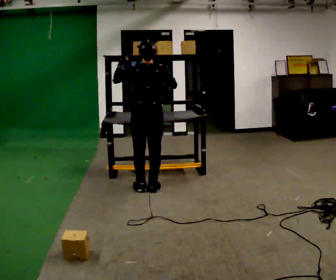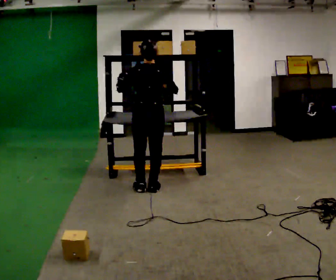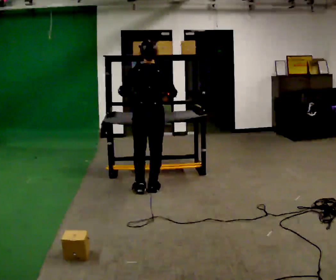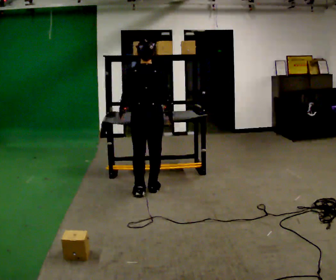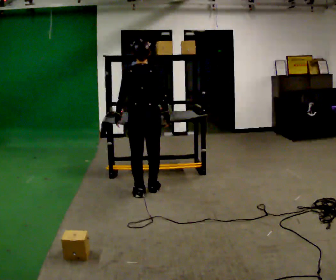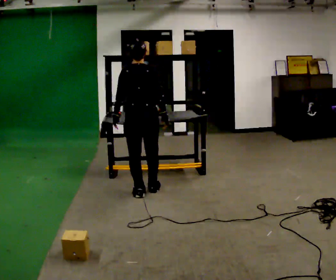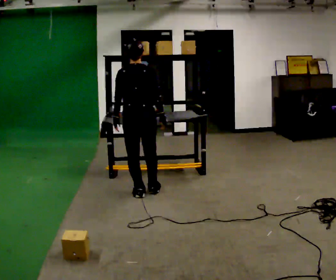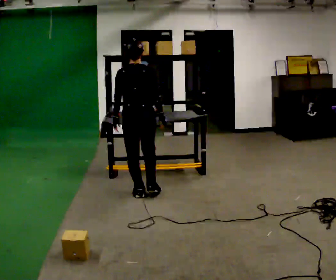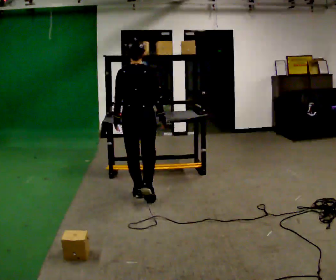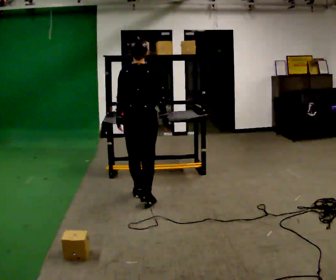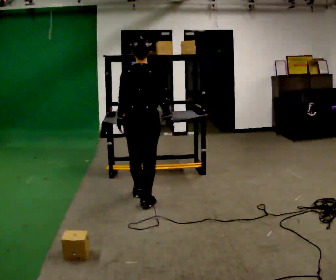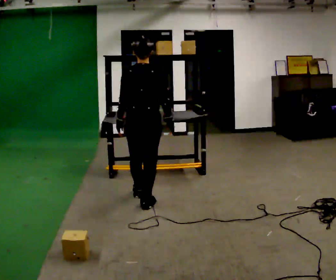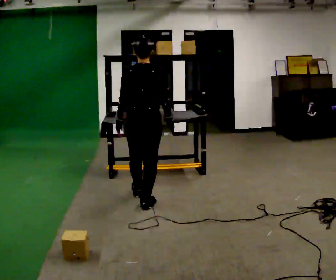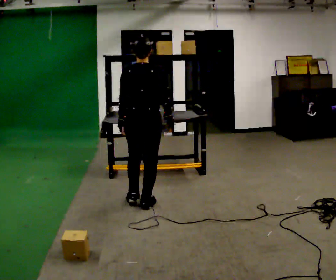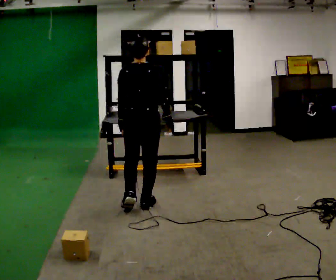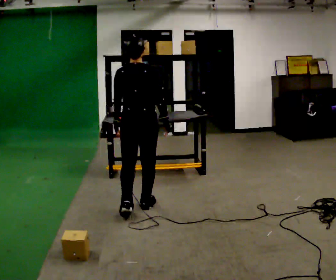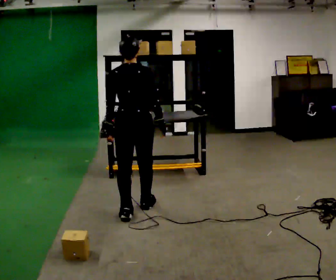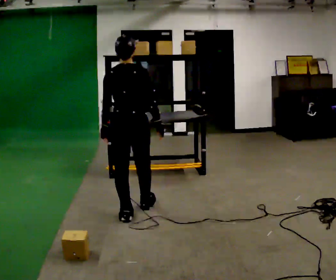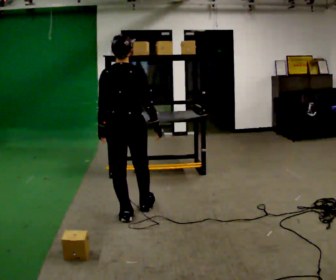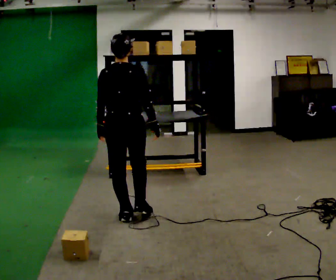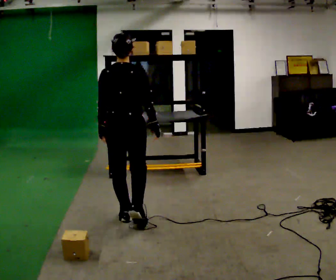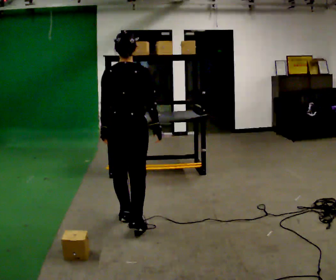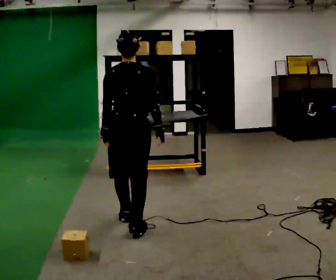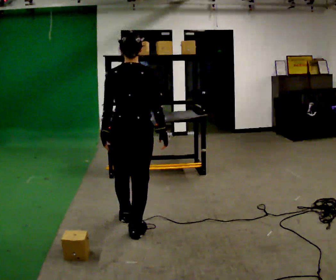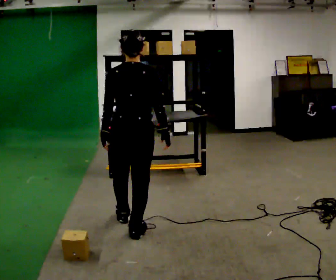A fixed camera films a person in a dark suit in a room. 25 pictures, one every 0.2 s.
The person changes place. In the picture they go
toward the camera.
Their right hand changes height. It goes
downward.
0.0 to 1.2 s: In the picture they go toward the camera, about 0.25 m in 2 steps, which for them is backward. In the picture their left hand goes downward.
1.2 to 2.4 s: In the picture they go toward the camera, about 0.25 m, which for them is backward.
2.4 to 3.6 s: In the picture they go toward the camera and to the left, about 0.25 m in 2 steps, which for them is backward.
3.6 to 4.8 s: In the picture they go toward the camera, about 0.25 m in 1 step, which for them is backward and to their right.
The film runs backward here.
